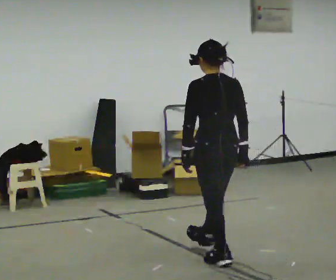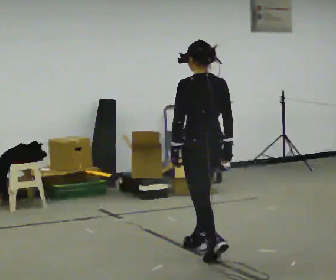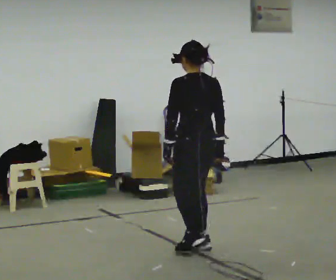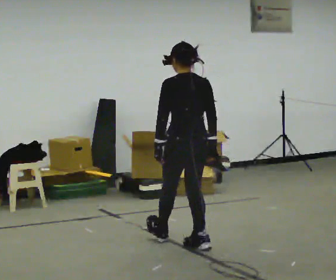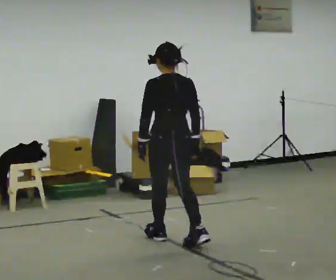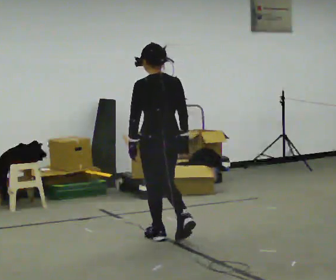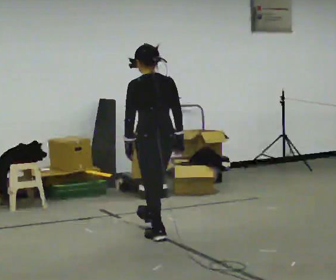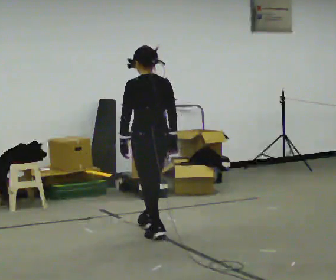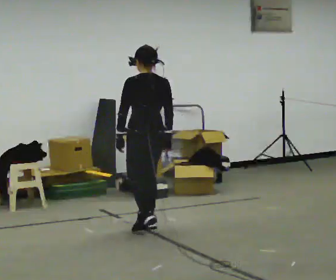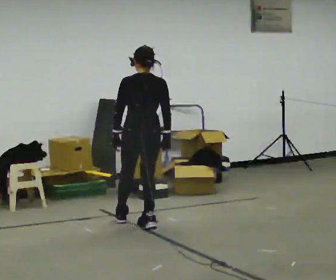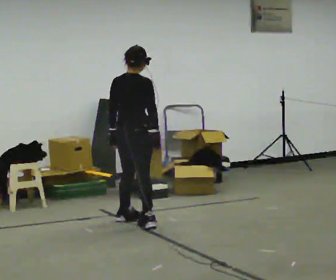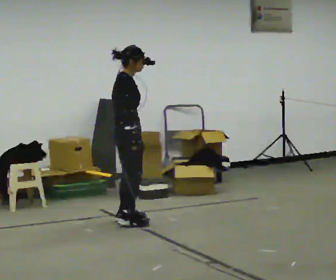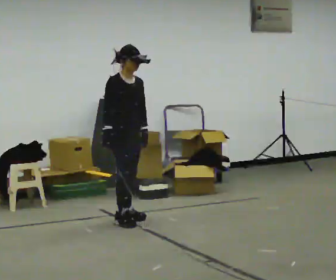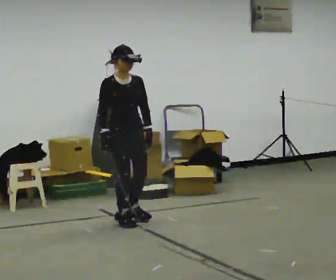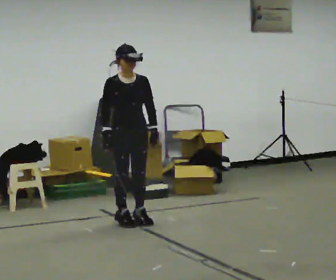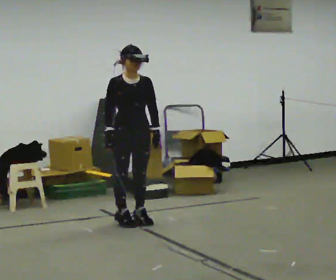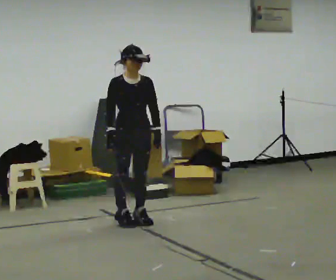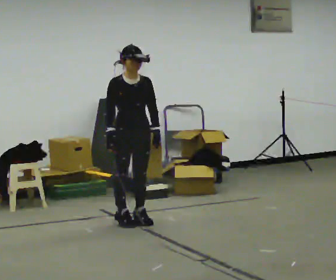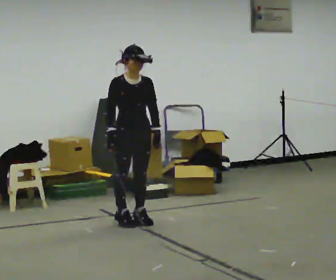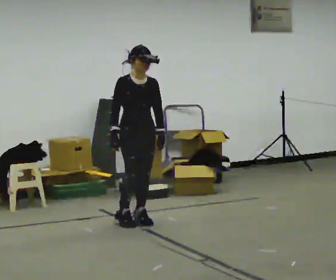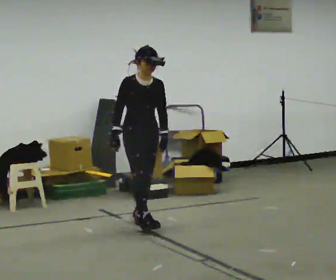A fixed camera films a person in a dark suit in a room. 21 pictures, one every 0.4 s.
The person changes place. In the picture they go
away from the camera.
The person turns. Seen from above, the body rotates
clockwise.
0.0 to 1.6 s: In the picture they go away from the camera and to the left, about 0.5 m in 2 steps, which for them is forward.
1.6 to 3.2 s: In the picture they go away from the camera, about 0.5 m in 1 step, which for them is forward.
3.2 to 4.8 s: The part of the body nearest the lens slides to the left as the person turns to their right by about 150 degrees. In the picture they go away from the camera and to the left, about 0.25 m in 2 steps.
4.8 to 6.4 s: Seen from above the body turns clockwise, about 30 degrees: to their right, with its near side sliding to the left.
6.4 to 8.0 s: The person moves a little, or ends about where they began.
The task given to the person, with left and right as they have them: Start at normal speed; gradually slow over several steps; stop gently.
The film runs forward here.
